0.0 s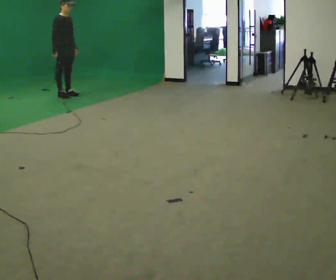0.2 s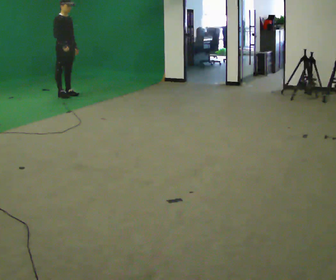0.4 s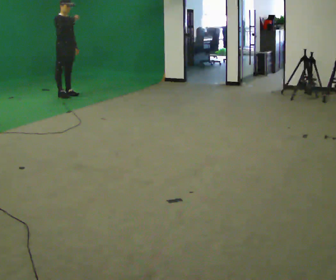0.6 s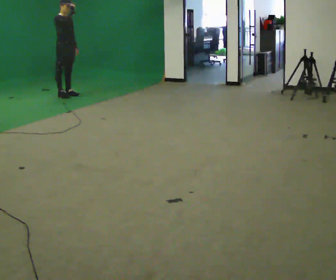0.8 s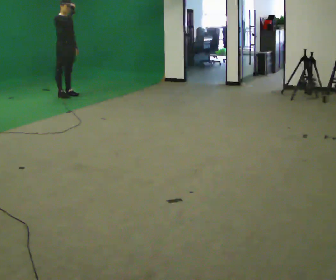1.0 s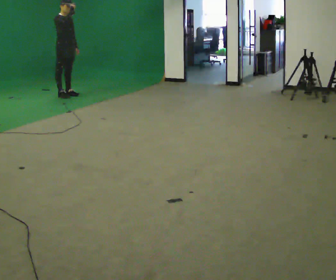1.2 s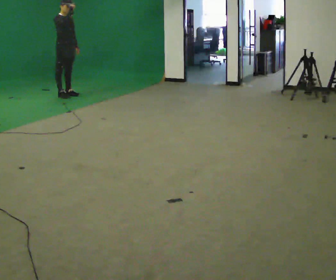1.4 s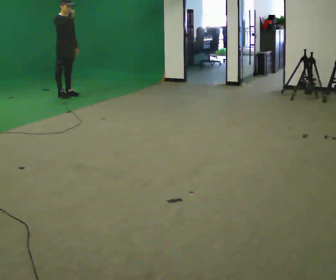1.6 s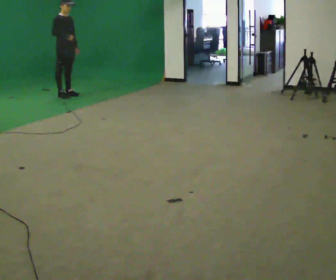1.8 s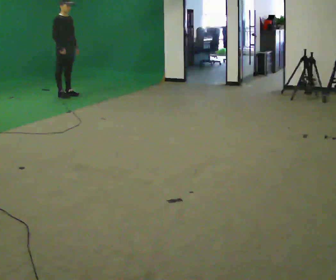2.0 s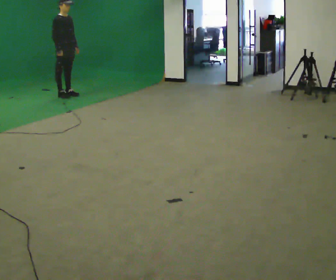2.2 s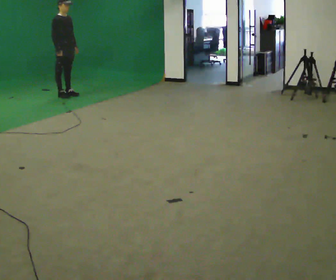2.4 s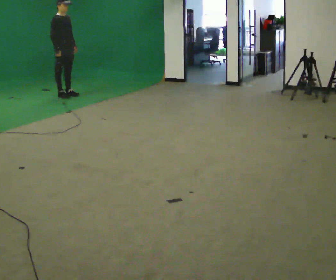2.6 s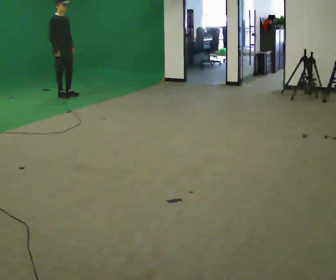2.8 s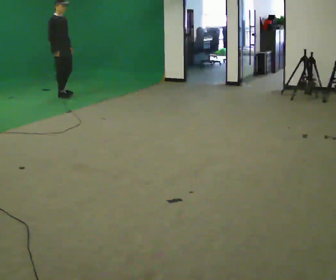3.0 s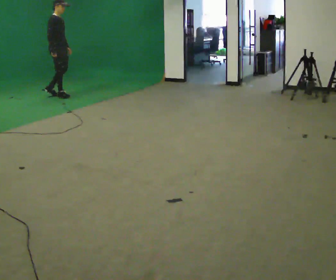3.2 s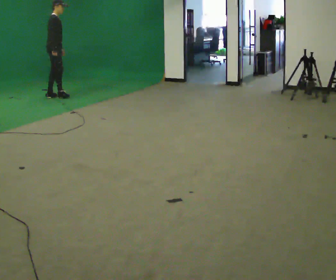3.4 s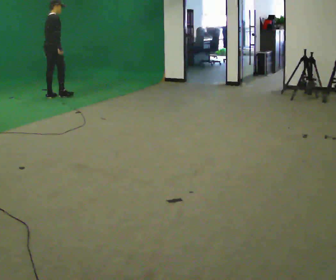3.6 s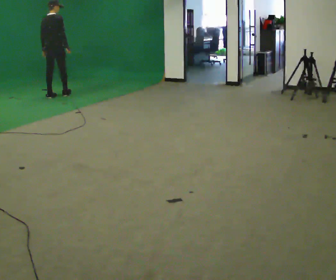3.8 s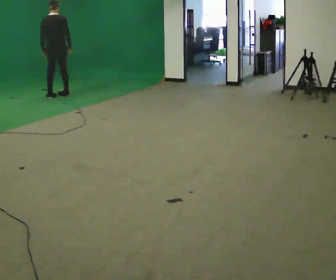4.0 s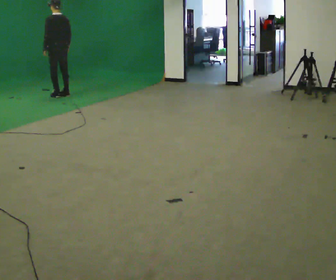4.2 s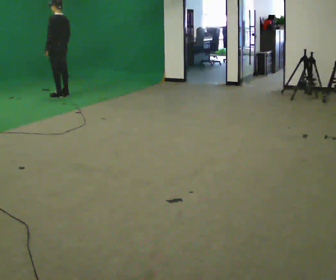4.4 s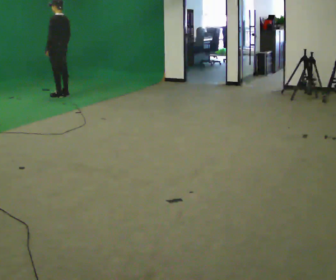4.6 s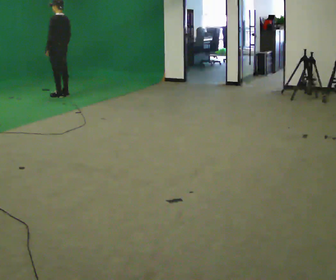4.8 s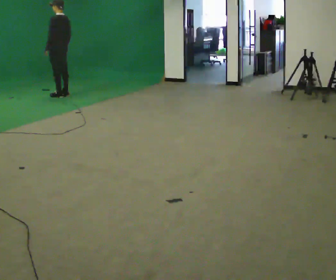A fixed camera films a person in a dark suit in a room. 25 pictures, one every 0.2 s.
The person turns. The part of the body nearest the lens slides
to the right.
The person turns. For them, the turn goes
to their left.
0.0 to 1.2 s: In the picture their right hand goes upward and to the right.
1.2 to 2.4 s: In the picture their right hand goes downward.
2.4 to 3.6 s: Seen from above the body turns counterclockwise, about 90 degrees: to their left, with its near side sliding to the right. In the picture they go to the left, about 0.25 m in 2 steps. In the picture their left hand goes to the left.
3.6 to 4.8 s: Seen from above the body turns counterclockwise, about 90 degrees: to their left, with its near side sliding to the right. The upper body tips toward the camera, its near side rolling downward, as they lean back or straighten.
The film runs backward here.
